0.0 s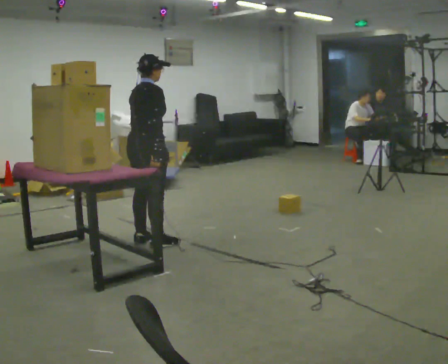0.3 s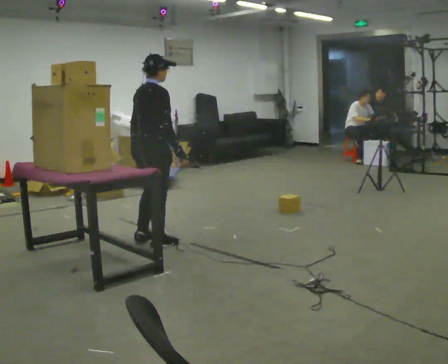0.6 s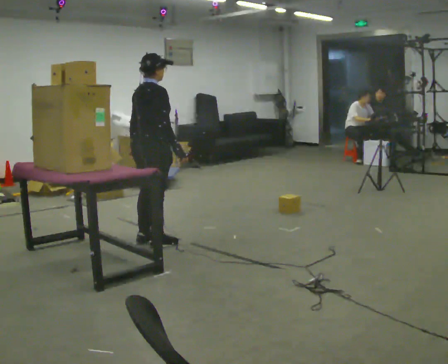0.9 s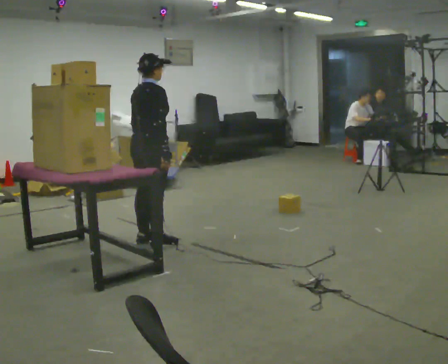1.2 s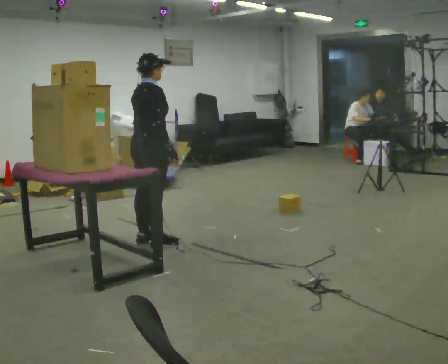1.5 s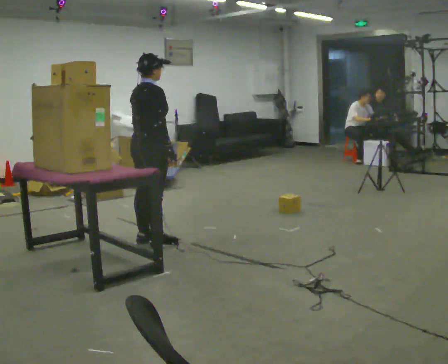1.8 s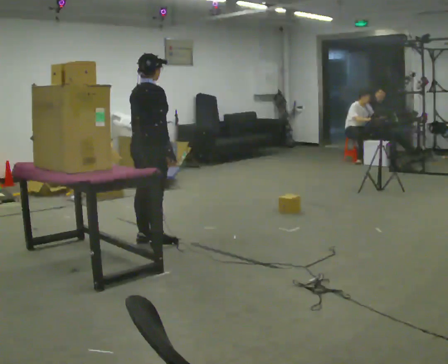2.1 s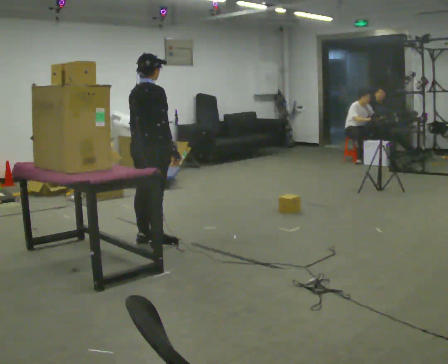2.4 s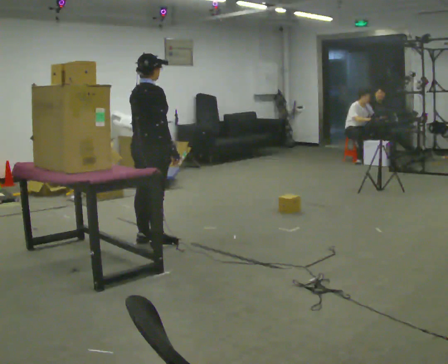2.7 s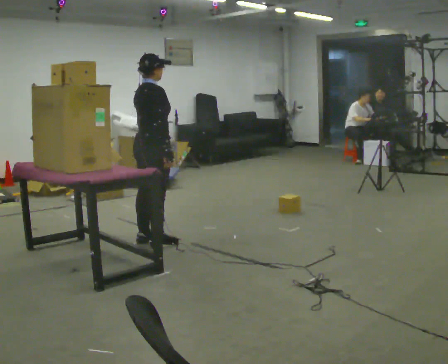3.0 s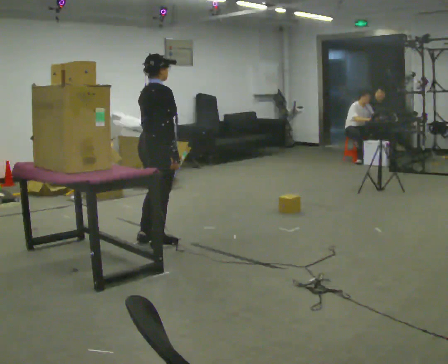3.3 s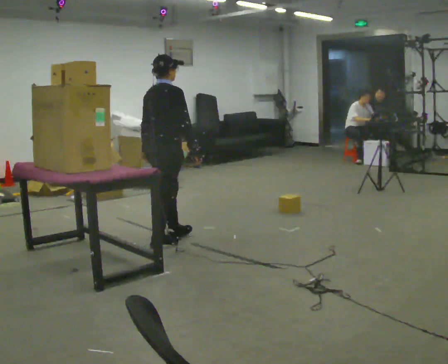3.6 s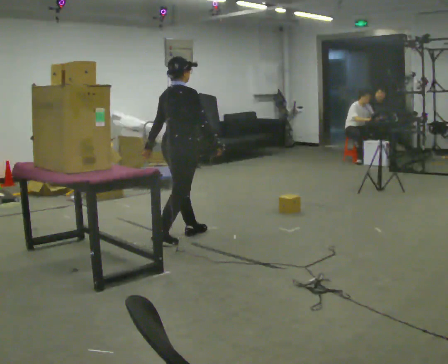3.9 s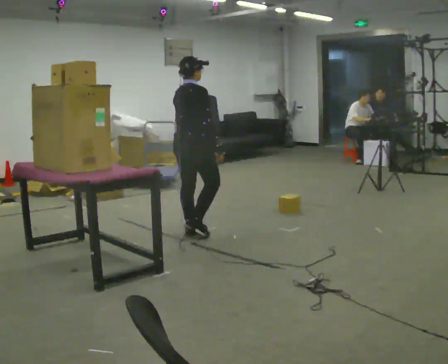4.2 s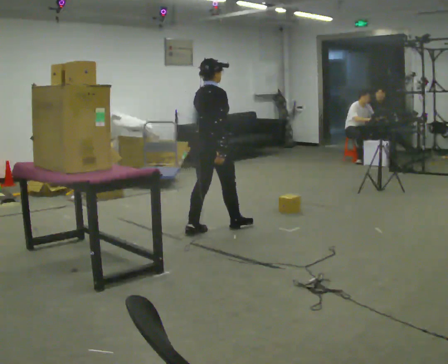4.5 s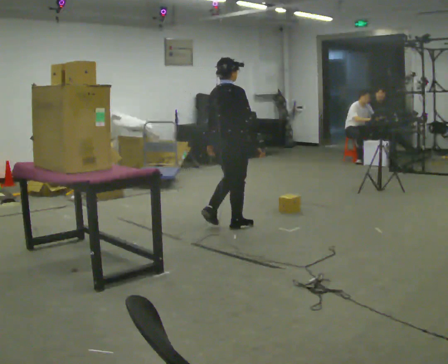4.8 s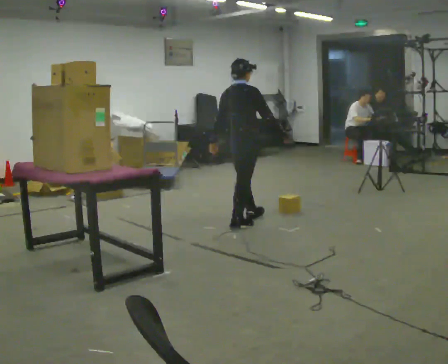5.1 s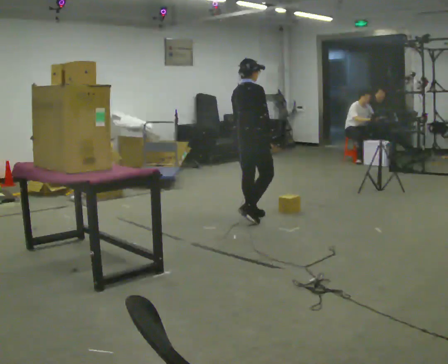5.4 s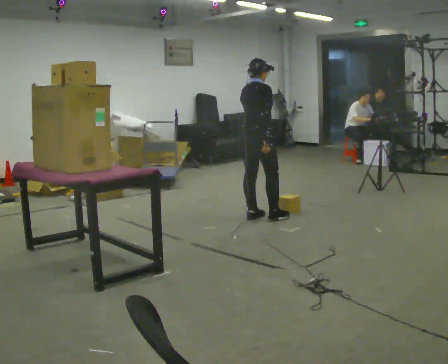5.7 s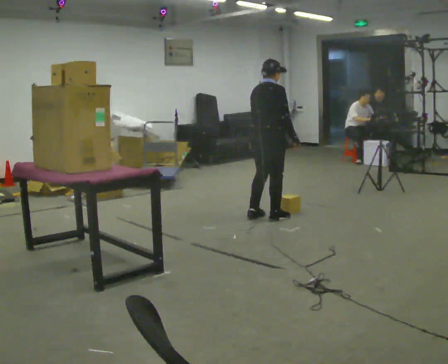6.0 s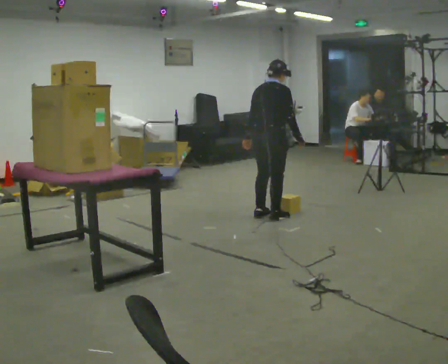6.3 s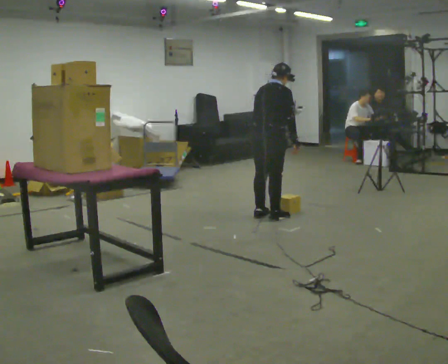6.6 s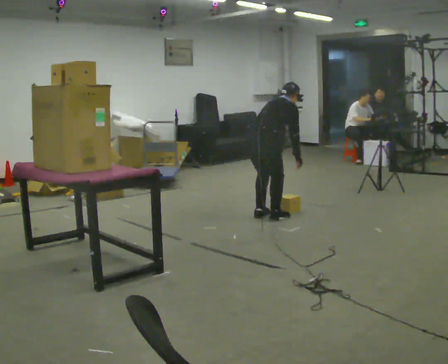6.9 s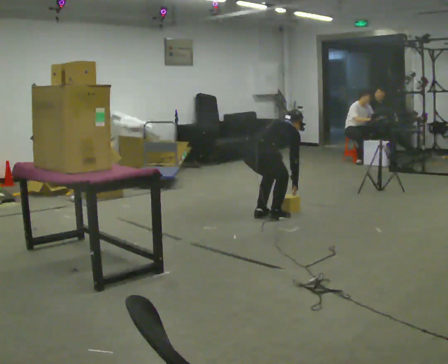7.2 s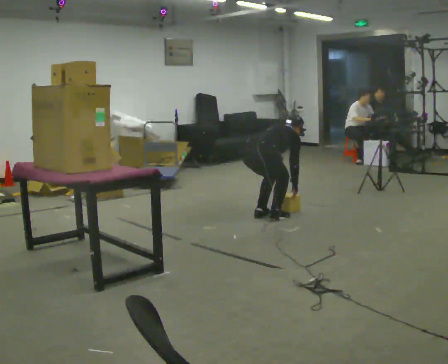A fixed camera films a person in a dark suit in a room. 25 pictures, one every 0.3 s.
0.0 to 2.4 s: The person moves a little, or ends about where they began.
2.4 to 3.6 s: In the picture they go to the right, about 0.25 m in 1 step, which for them is forward.
3.6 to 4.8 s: In the picture they go to the right and away from the camera, about 0.5 m in 2 steps, which for them is forward.
4.8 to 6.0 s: In the picture they go to the right, about 0.25 m in 1 step, which for them is forward.
6.0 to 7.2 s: The upper body goes downward. In the picture the upper body tilts clockwise, shoulders to the right, as they bend forward. In the picture their left hand goes downward and to the right.
The film runs forward here.
